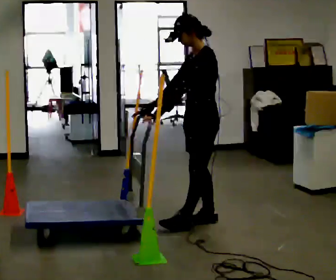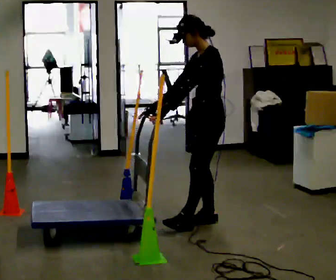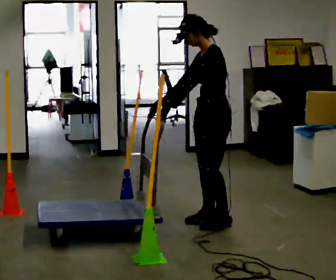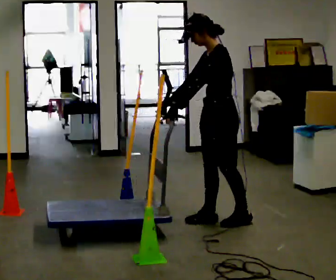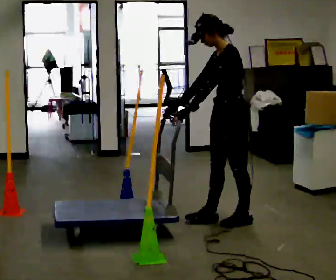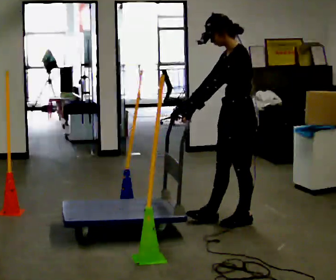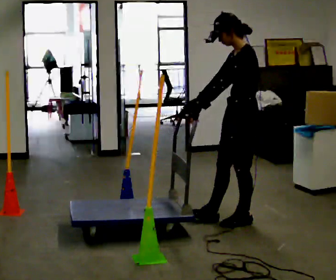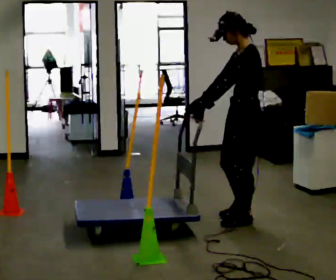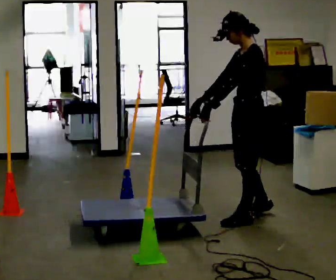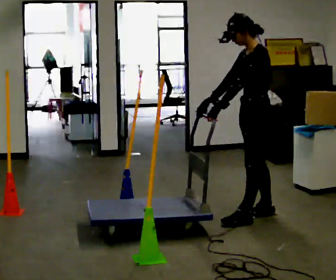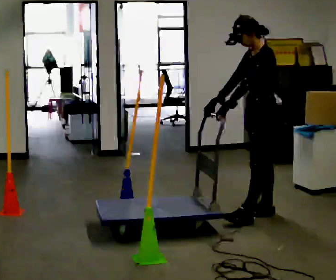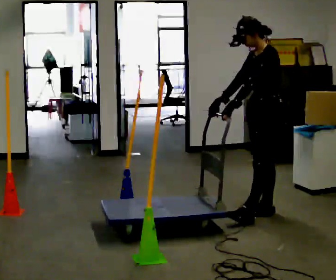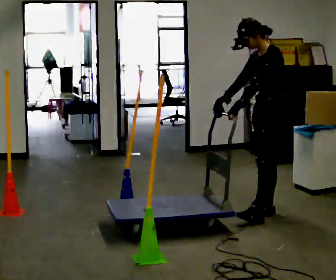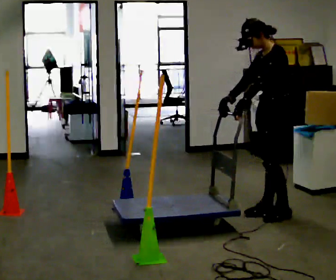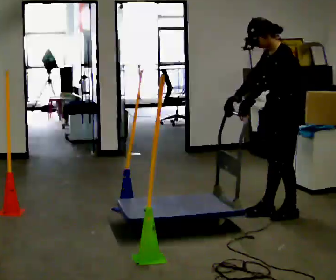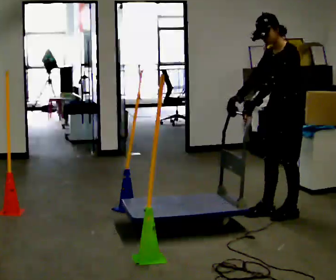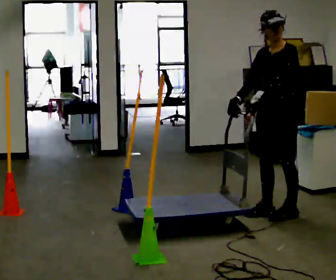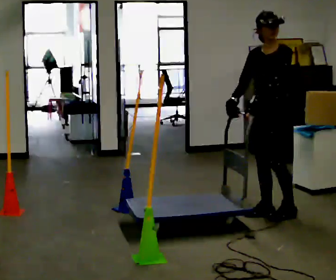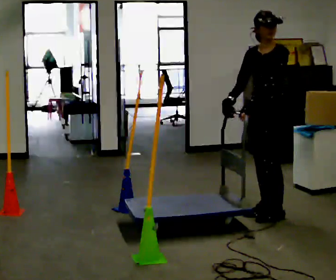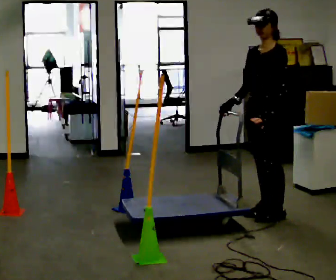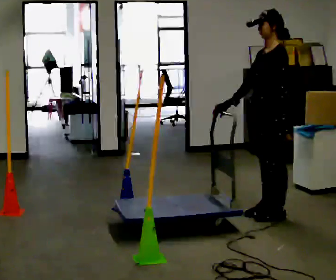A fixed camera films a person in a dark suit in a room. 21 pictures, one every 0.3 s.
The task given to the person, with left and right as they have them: Push the cart in and out of the line of poles without touching any of them. Keep going until the operator says stop.
0.0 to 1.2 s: In the picture they go to the right, about 0.25 m in 1 step, which for them is backward.
1.2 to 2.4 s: The person moves a little, or ends about where they began.
2.4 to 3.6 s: In the picture they go away from the camera and to the right, about 0.25 m, which for them is backward and to their right.
3.6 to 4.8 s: The person moves a little, or ends about where they began.
4.8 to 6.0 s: The person turns about 30 degrees to their right, clockwise seen from above, so the part of the body nearest the lens slides to the left.
The film runs forward here.
